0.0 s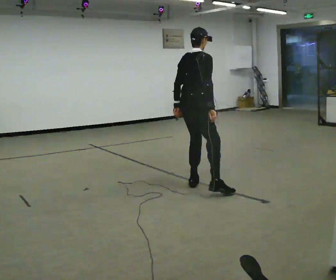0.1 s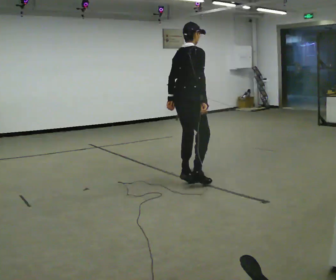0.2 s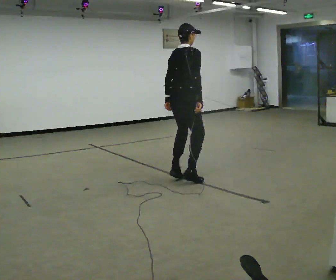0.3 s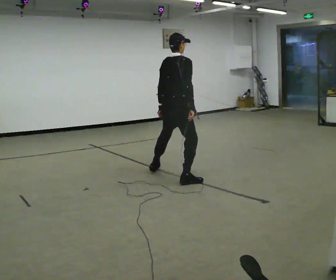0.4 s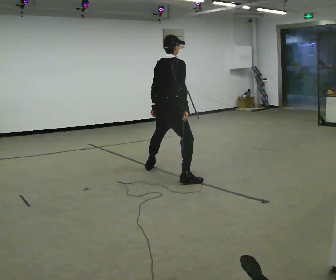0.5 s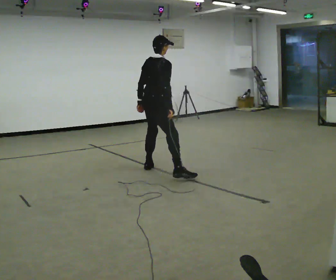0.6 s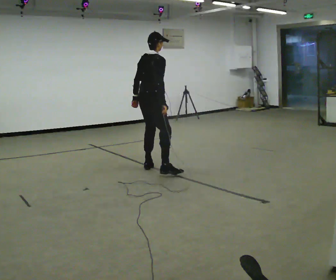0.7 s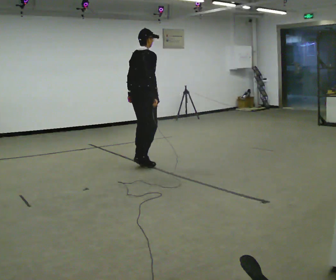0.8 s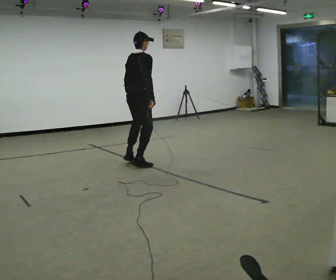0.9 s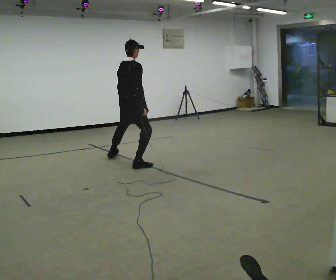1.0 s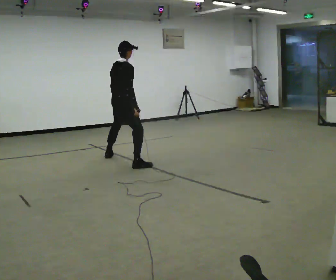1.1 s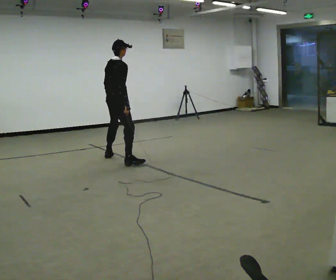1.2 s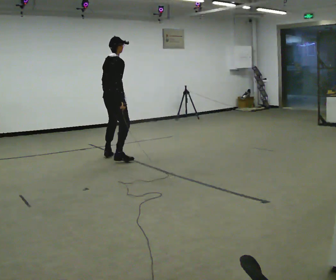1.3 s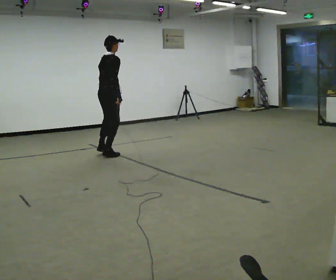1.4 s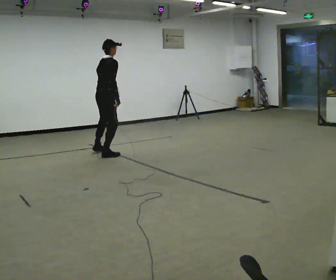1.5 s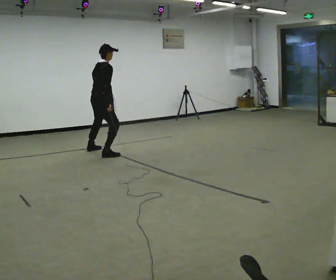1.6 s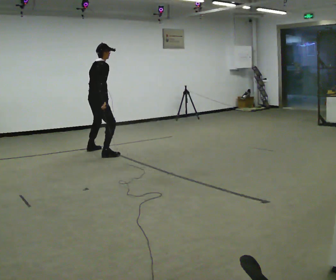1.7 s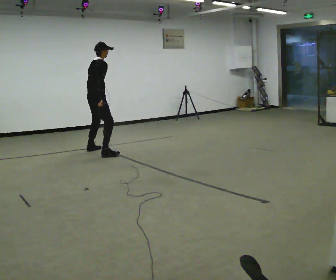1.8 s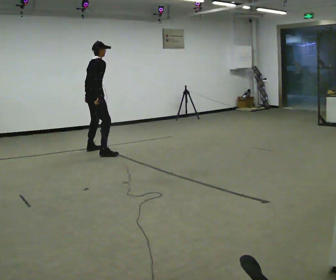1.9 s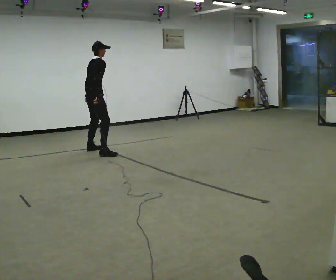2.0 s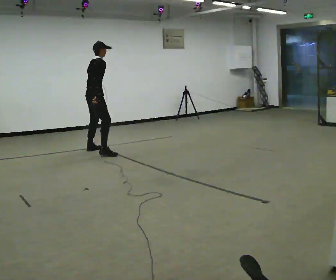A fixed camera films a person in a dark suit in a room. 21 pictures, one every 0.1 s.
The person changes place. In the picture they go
away from the camera.
0.0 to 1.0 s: In the picture they go away from the camera and to the left, about 1.5 m in 4 steps, which for them is to their left.
1.0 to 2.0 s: In the picture they go away from the camera and to the left, about 0.5 m in 2 steps, which for them is to their left.
The film runs forward here.
